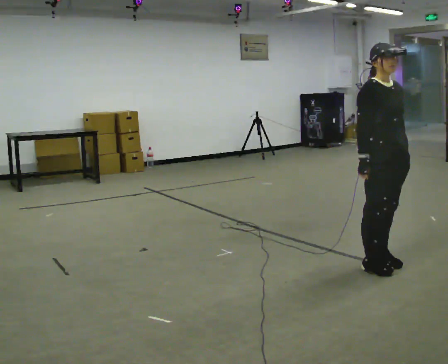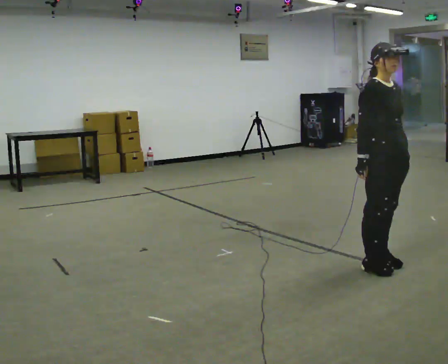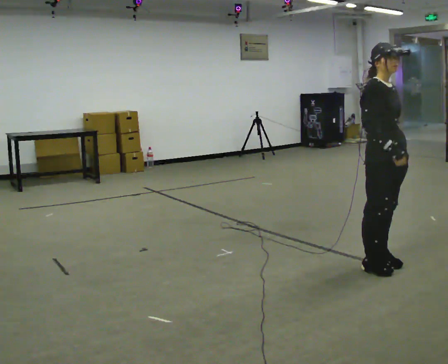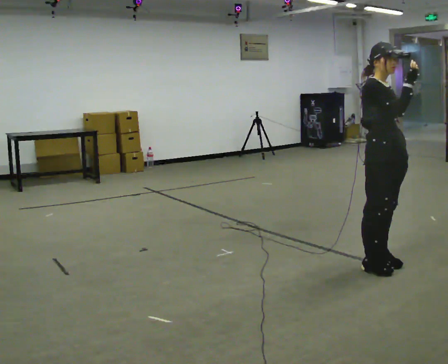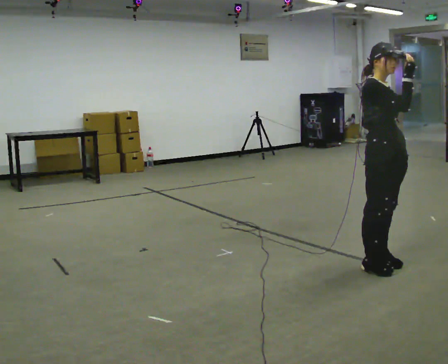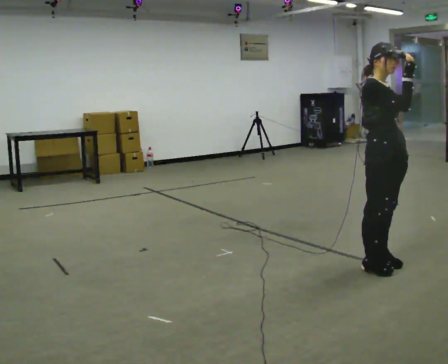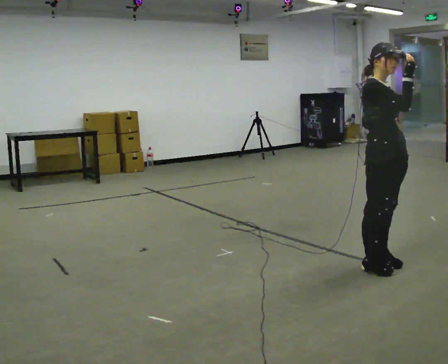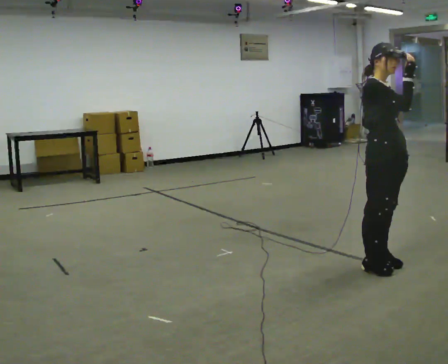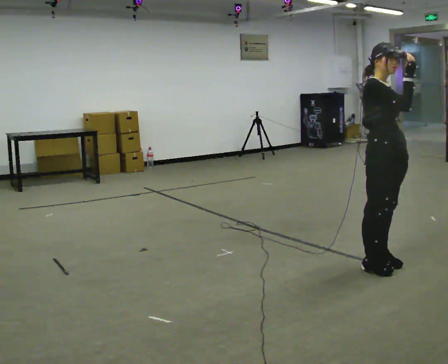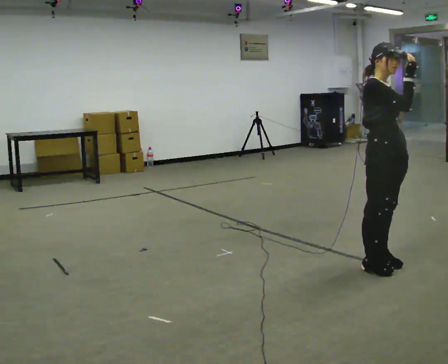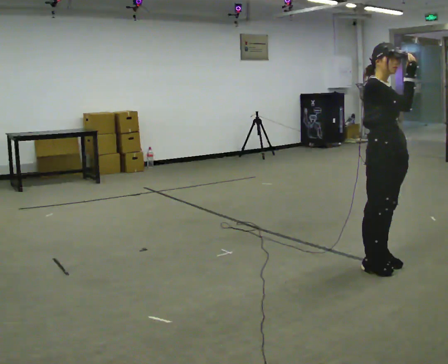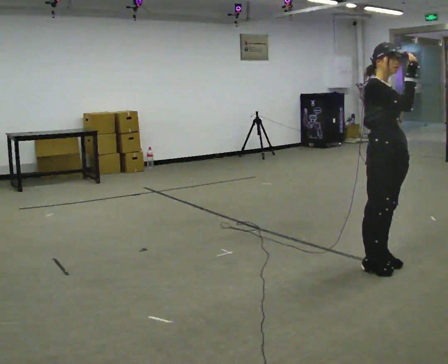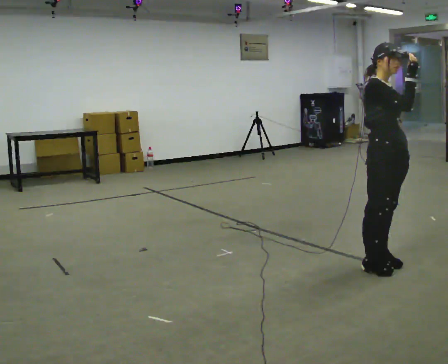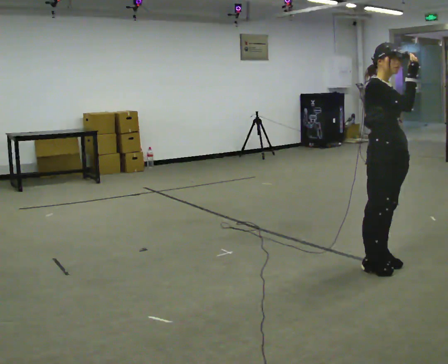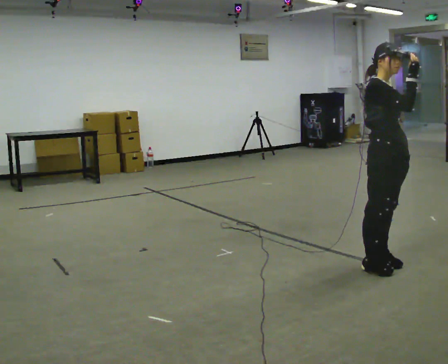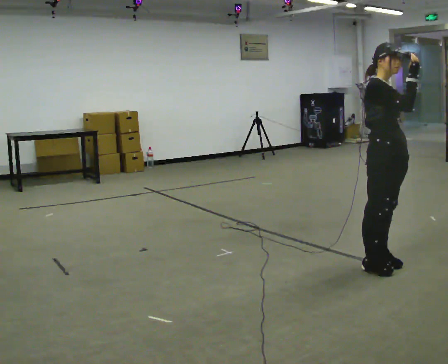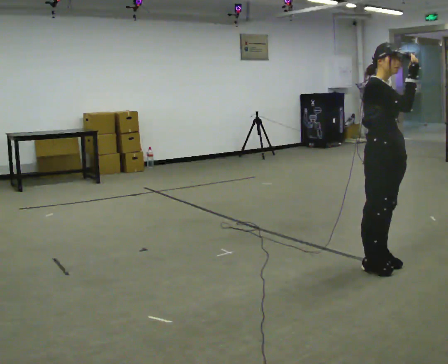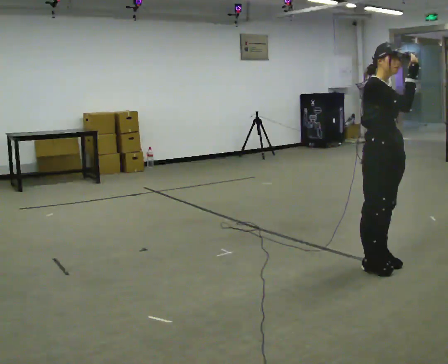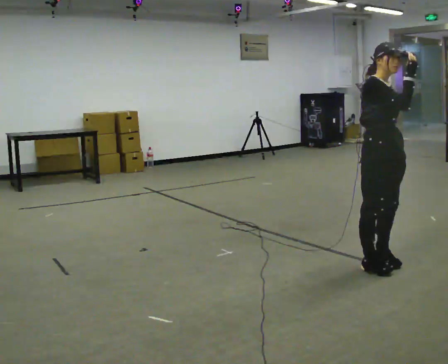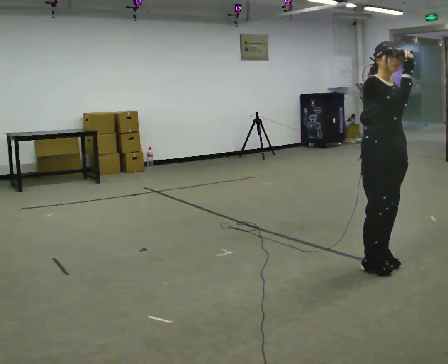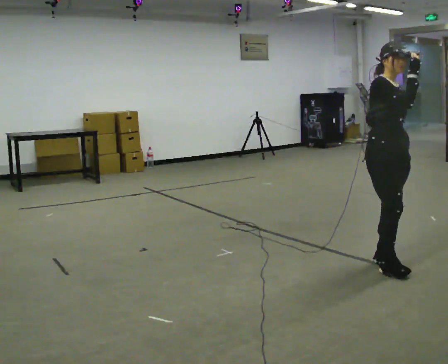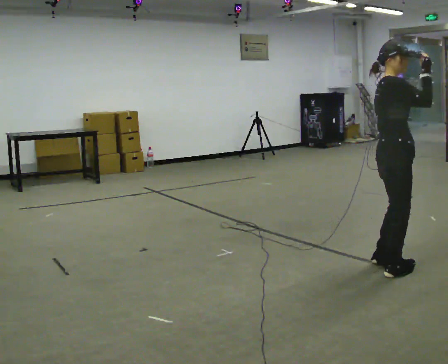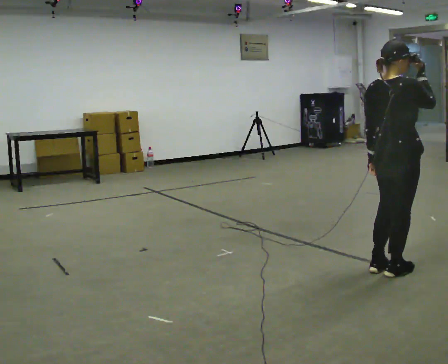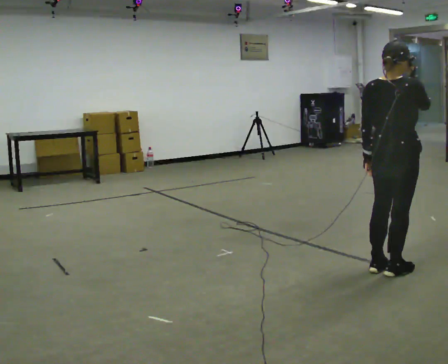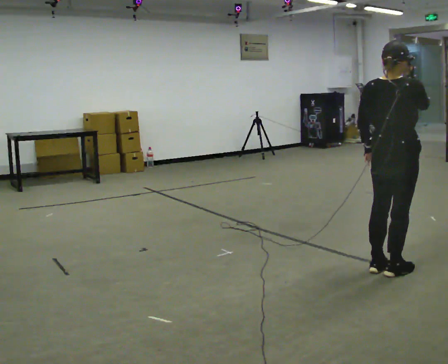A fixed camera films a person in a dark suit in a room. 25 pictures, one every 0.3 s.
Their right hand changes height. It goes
upward.
0.0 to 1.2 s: In the picture their right hand goes upward.
1.2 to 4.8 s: The person keeps their place and pose.
4.8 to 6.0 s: The person moves a little, or ends about where they began.
6.0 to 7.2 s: Seen from above the body turns counterclockwise, about 105 degrees: to their left, with its near side sliding to the right.
The film runs backward here.
